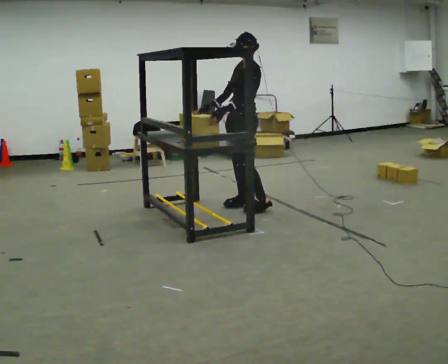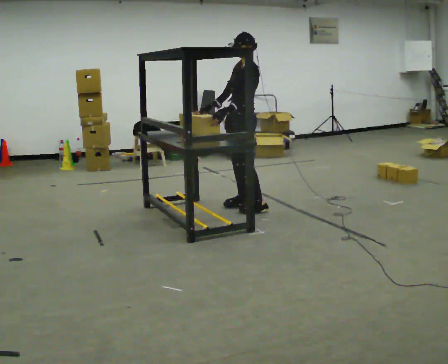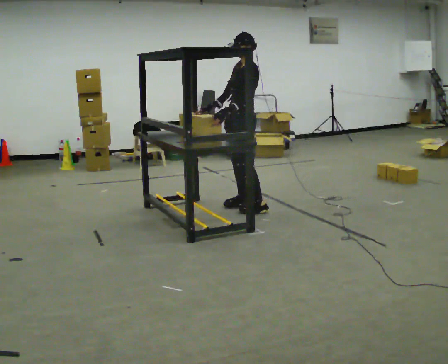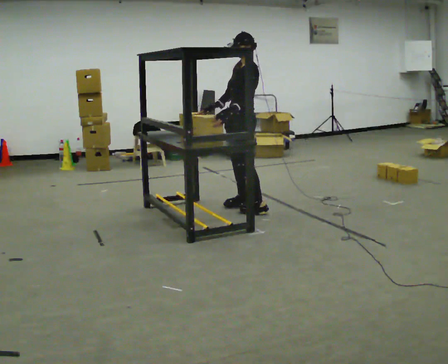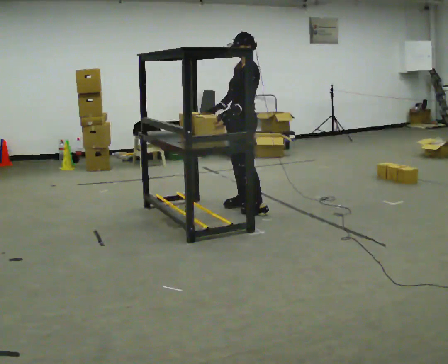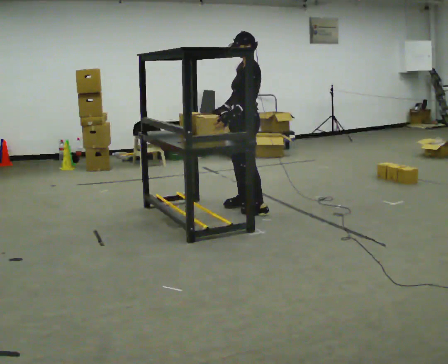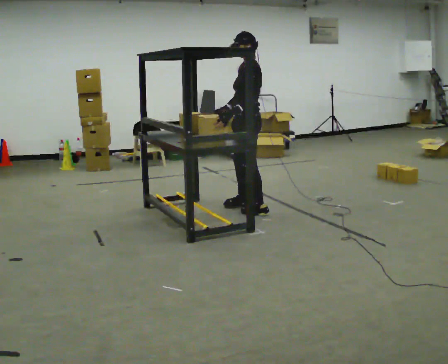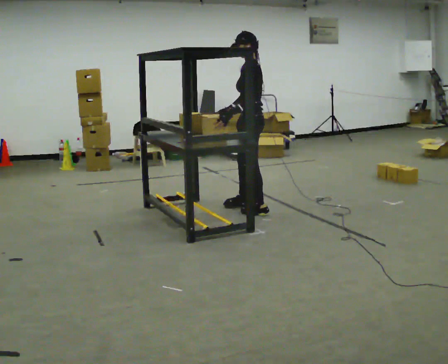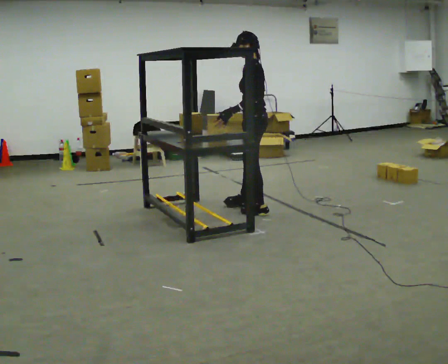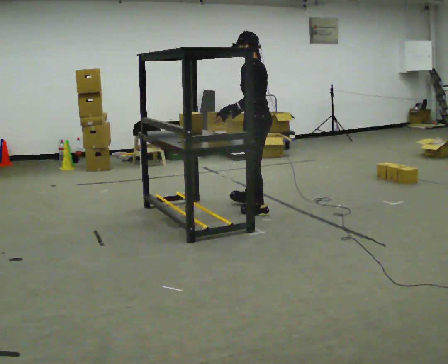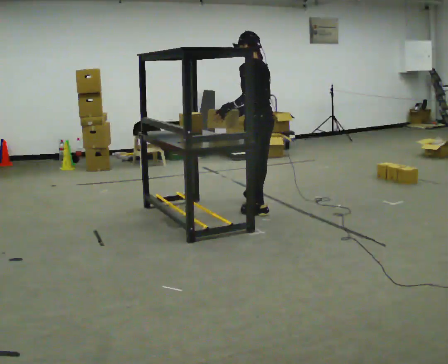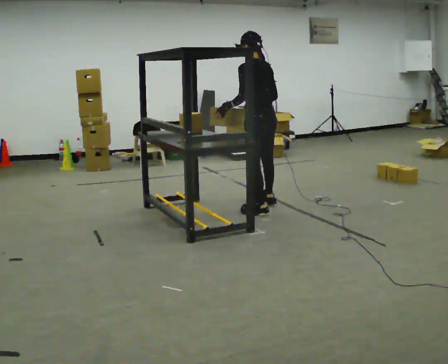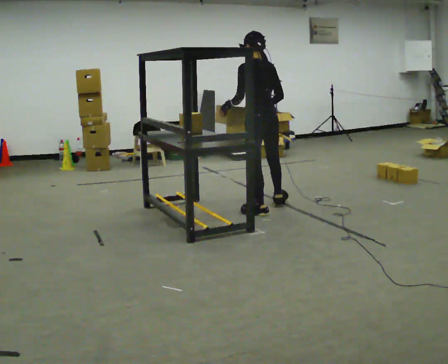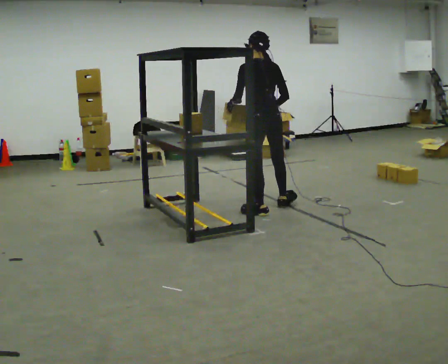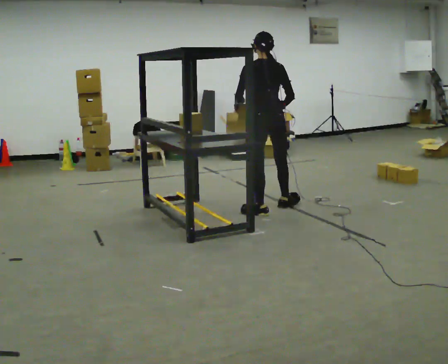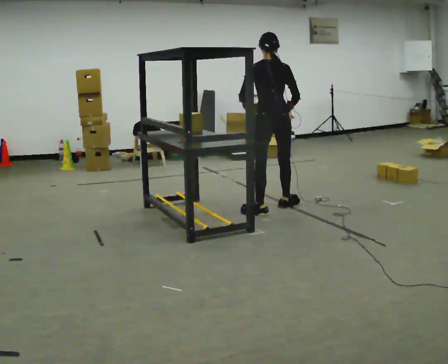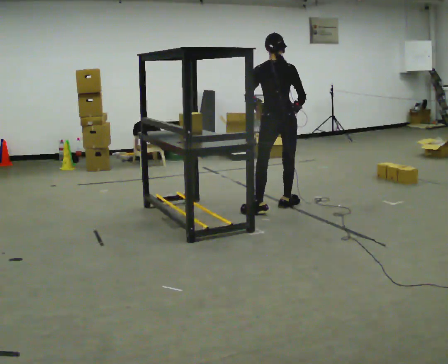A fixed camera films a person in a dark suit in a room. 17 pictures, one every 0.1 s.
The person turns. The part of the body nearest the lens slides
to the left.
The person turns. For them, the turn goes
to their right.
0.0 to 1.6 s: The person turns about 120 degrees to their right, clockwise seen from above, so the part of the body nearest the lens slides to the left. In the picture they go to the right, about 0.25 m in 1 step.
The film runs forward here.
